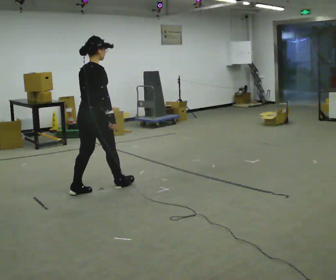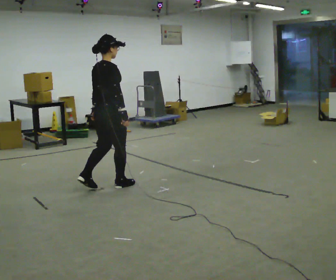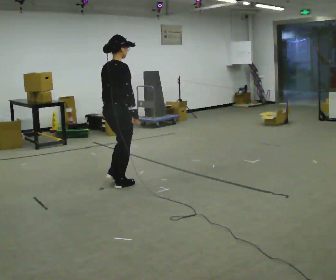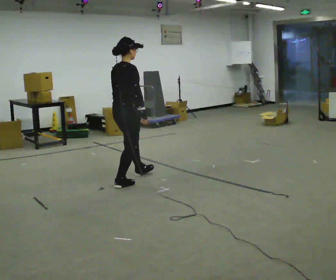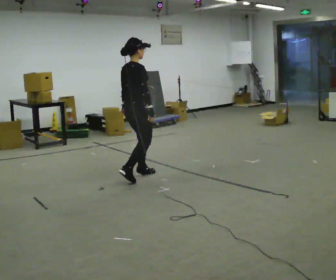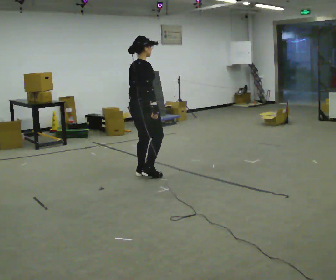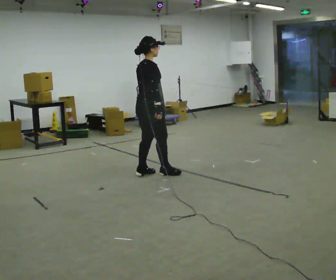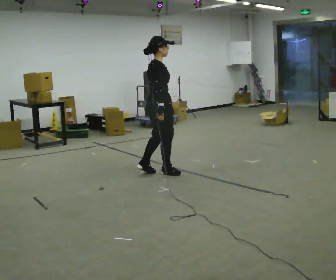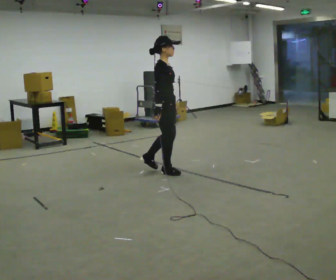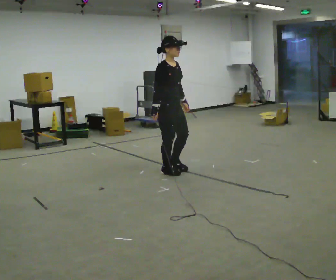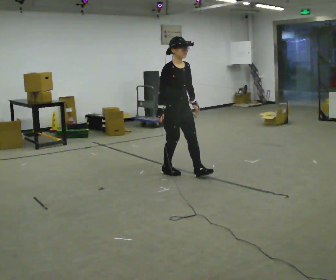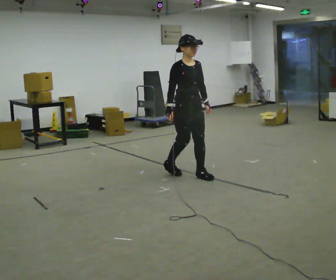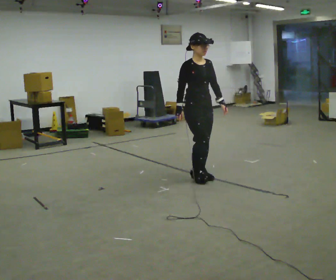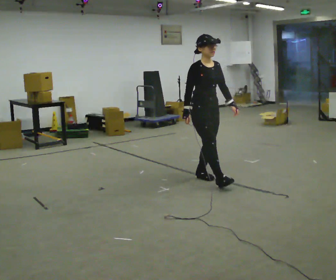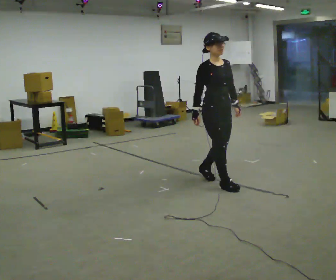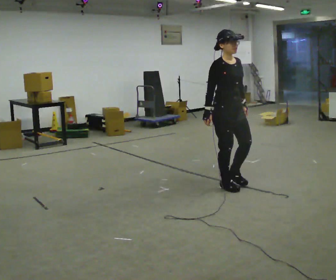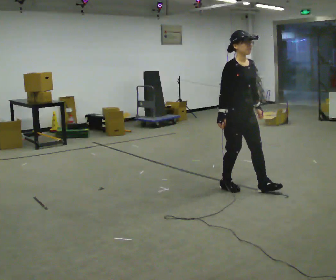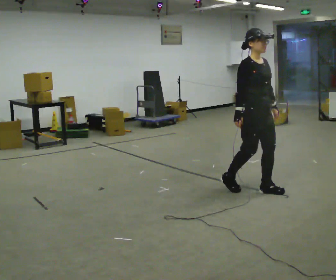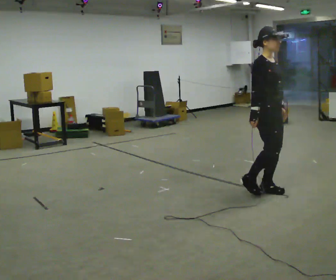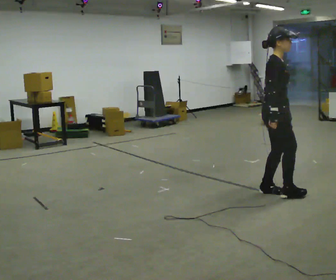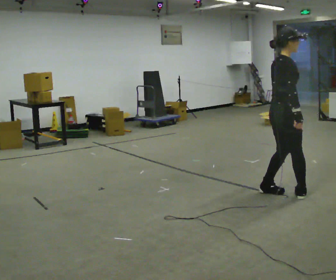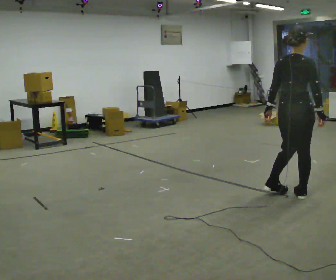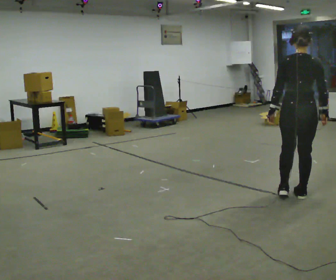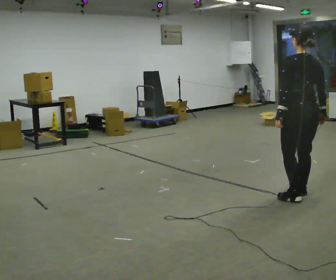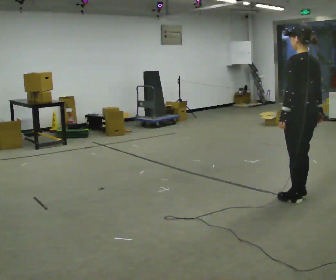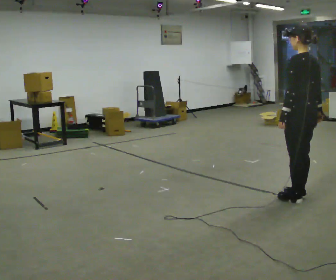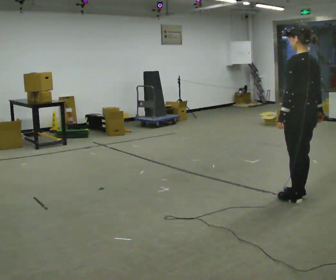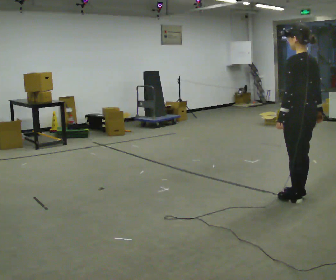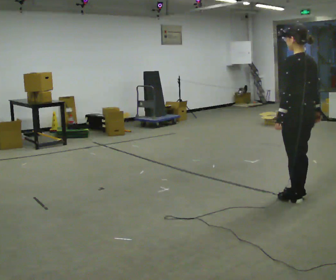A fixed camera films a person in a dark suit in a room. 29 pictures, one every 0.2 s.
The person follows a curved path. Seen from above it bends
clockwise.
The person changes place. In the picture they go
to the right.
0.0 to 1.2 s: In the picture they go away from the camera and to the right, about 1 m in 2 steps, which for them is forward.
1.2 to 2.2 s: The part of the body nearest the lens slides to the left as the person turns to their right by about 90 degrees. In the picture they go to the right, about 0.5 m in 2 steps.
2.2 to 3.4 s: In the picture they go to the right and toward the camera, about 1 m in 2 steps, which for them is forward.
3.4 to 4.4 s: The person turns about 120 degrees to their left, counterclockwise seen from above, so the part of the body nearest the lens slides to the right. In the picture they go to the right and toward the camera, about 0.5 m in 1 step.
4.4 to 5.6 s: Seen from above the body turns counterclockwise, about 60 degrees: to their left, with its near side sliding to the right.
The film runs backward here.
